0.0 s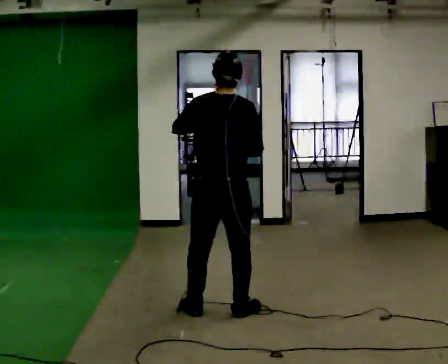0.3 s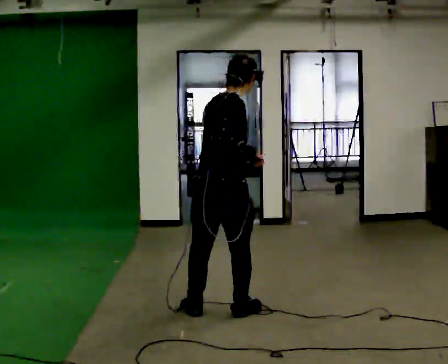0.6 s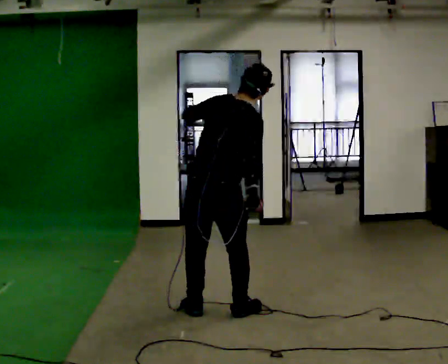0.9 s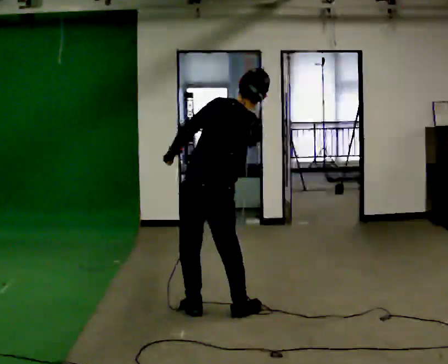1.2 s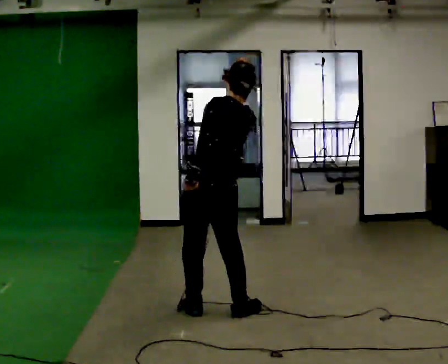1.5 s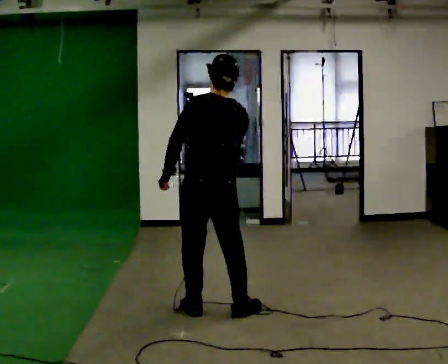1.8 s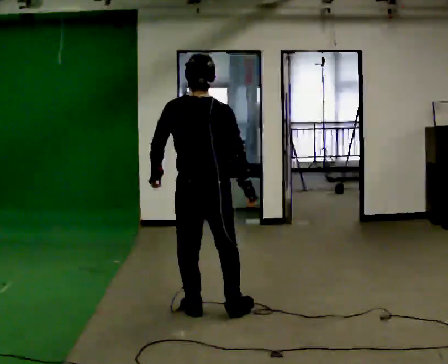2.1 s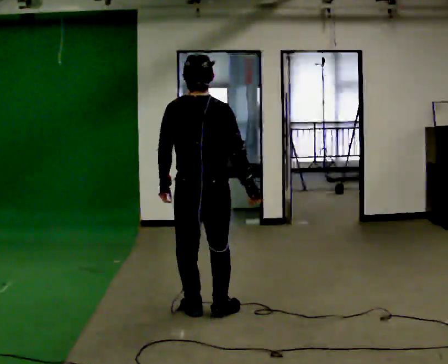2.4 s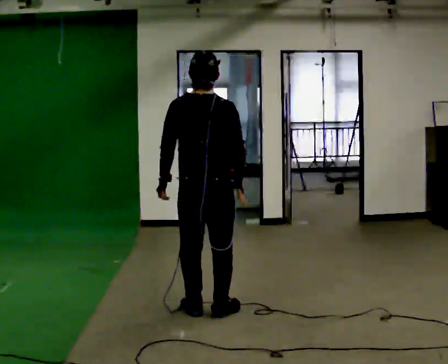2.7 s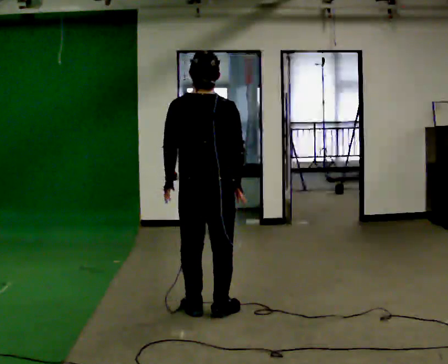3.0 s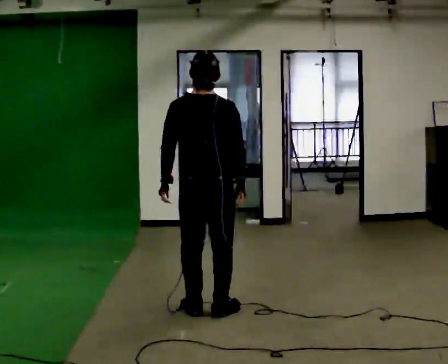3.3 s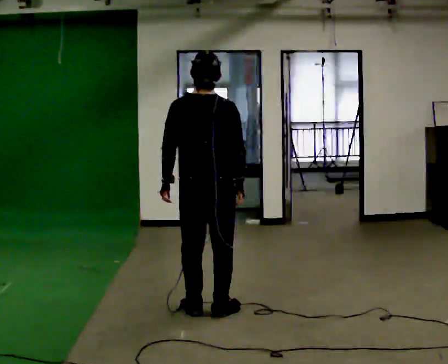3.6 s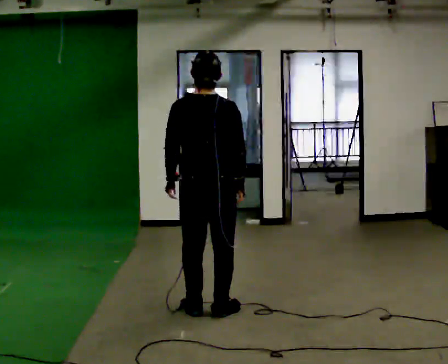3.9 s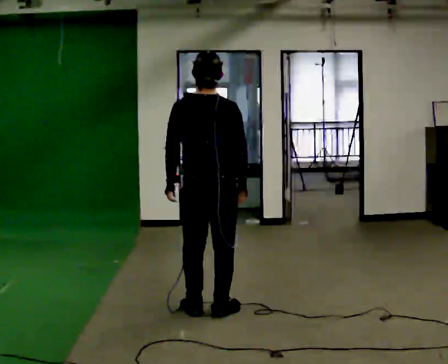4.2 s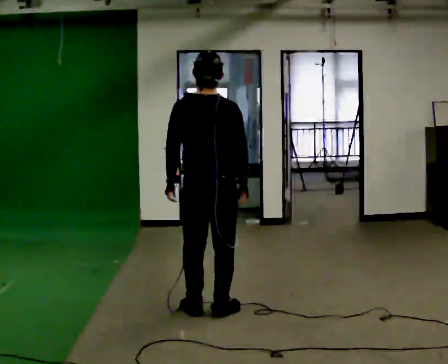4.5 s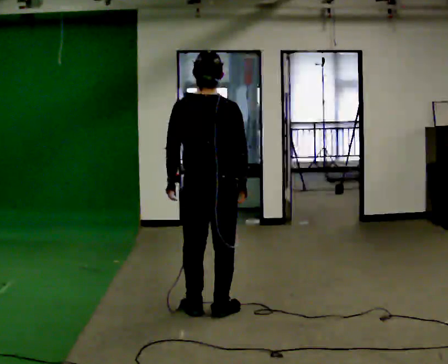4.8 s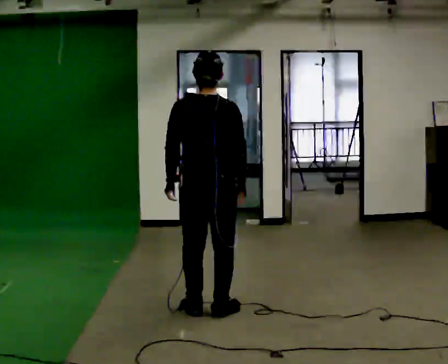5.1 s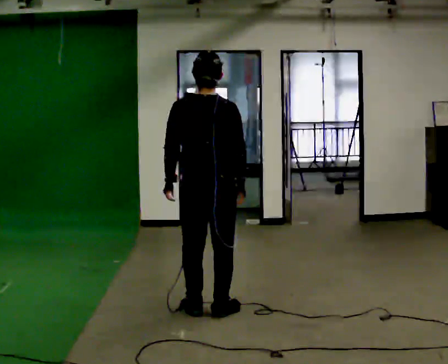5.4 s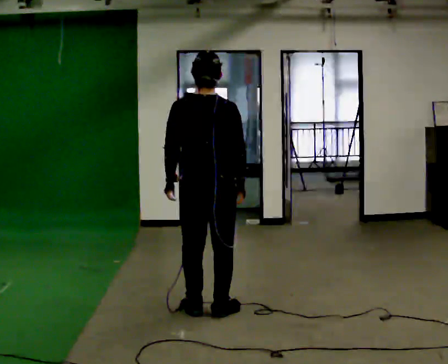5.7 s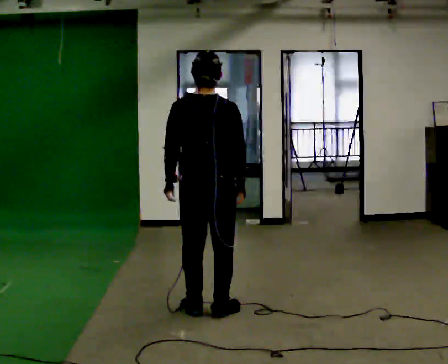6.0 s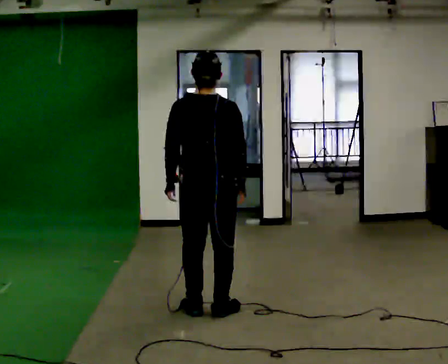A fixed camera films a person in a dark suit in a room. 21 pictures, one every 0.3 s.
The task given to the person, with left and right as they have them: Mimic boxing into the air at moderate speed with both hands, moving your feet only a little. Stay controlled; do not punch at full speed.
0.0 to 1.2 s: The part of the body nearest the lens slides to the right as the person turns to their left by about 60 degrees.
1.2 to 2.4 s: The part of the body nearest the lens slides to the left as the person turns to their right by about 45 degrees. In the picture the upper body tilts counterclockwise, shoulders to the left. In the picture their right hand goes downward.
2.4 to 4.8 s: The person moves a little, or ends about where they began.
4.8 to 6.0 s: The person keeps their place and pose.
The film runs forward here.
